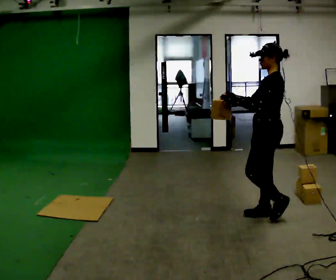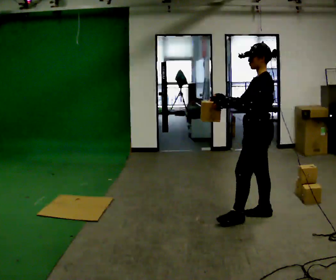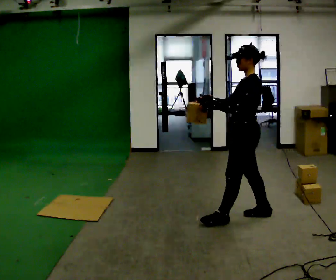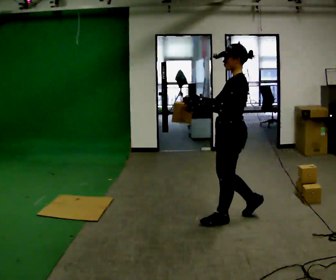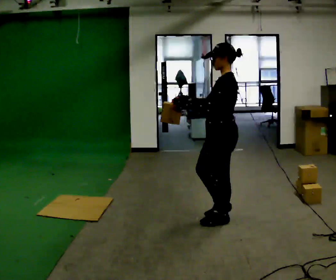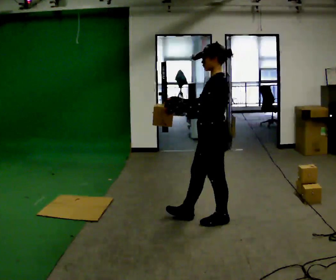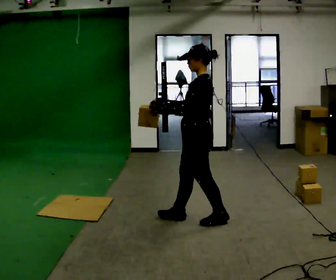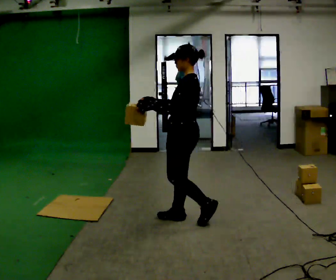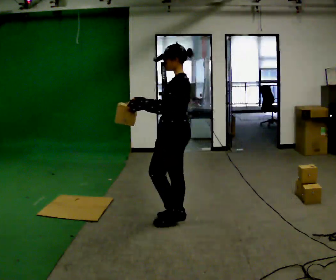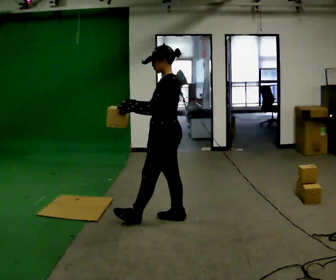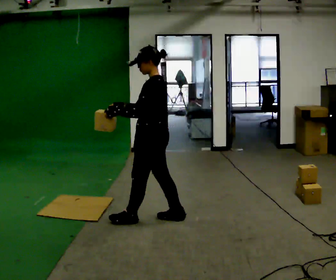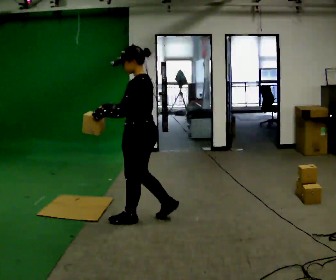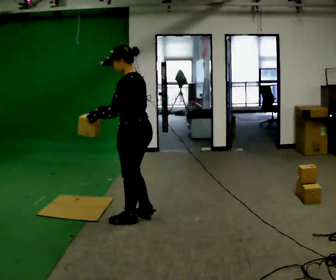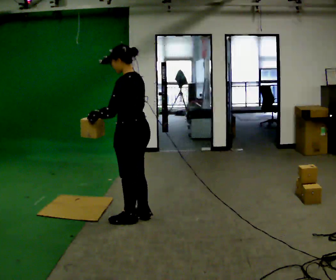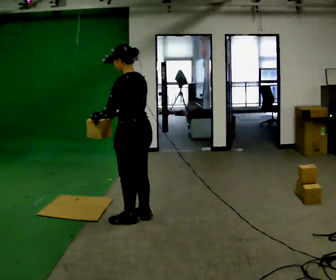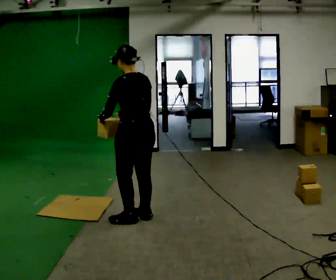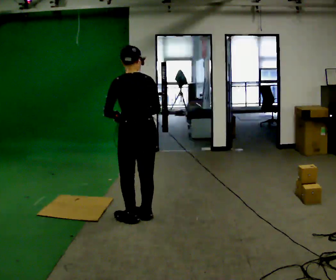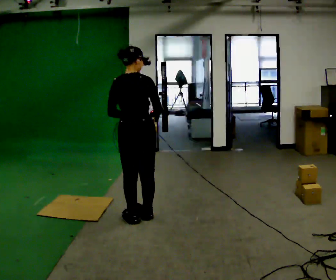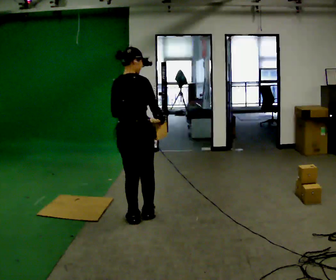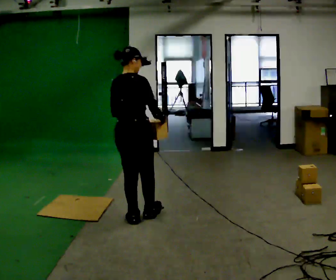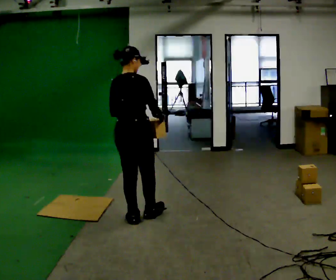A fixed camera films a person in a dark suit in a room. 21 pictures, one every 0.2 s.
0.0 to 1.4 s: In the picture they go to the left, about 0.5 m in 2 steps, which for them is forward.
1.4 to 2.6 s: In the picture they go to the left, about 0.5 m in 2 steps, which for them is forward.
2.6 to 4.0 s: Seen from above the body turns clockwise, about 90 degrees: to their right, with its near side sliding to the left. In the picture their right hand goes to the right.
The film runs forward here.
